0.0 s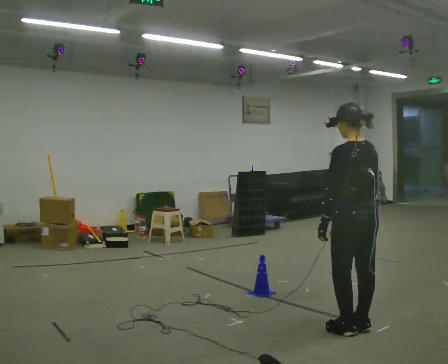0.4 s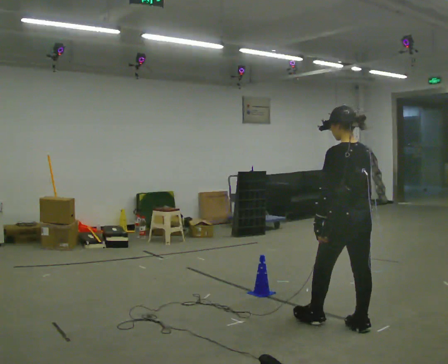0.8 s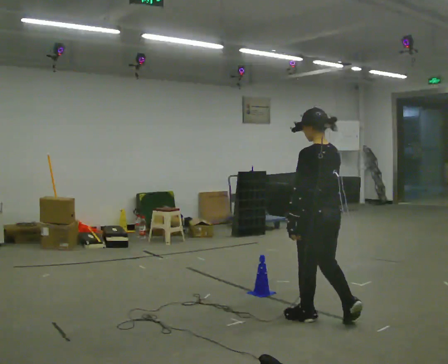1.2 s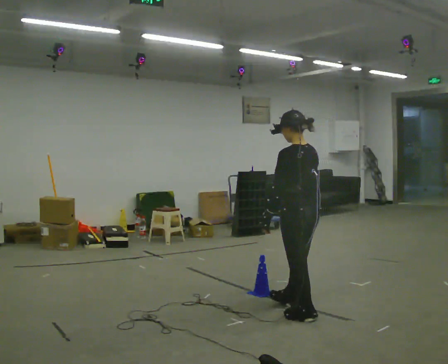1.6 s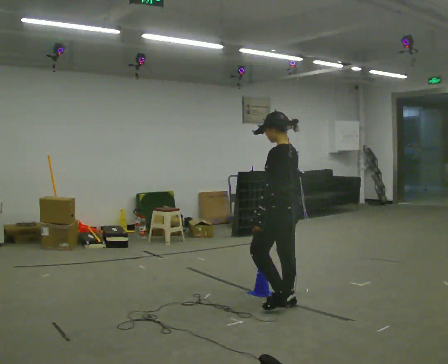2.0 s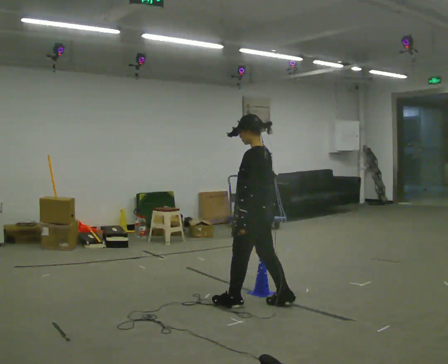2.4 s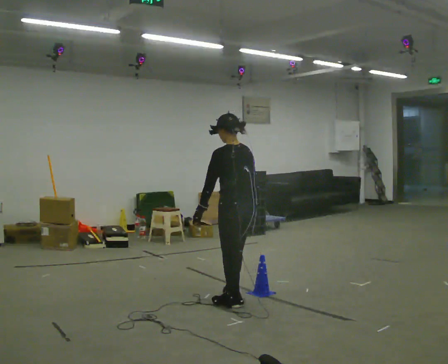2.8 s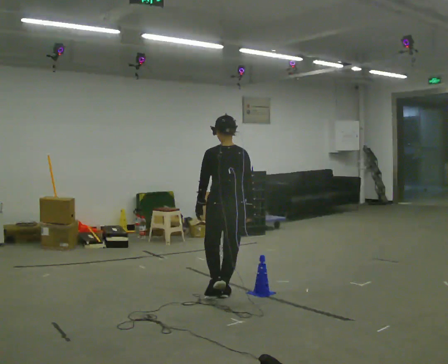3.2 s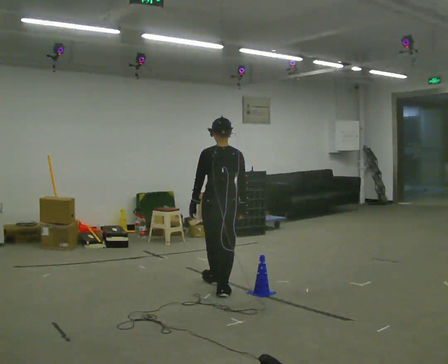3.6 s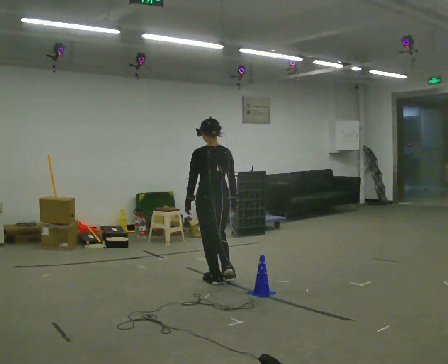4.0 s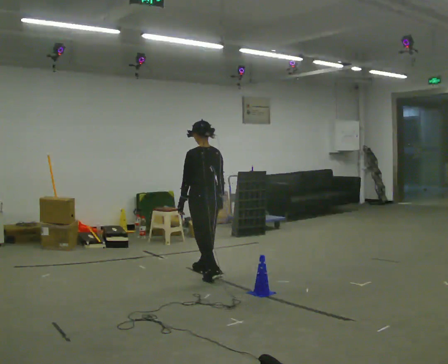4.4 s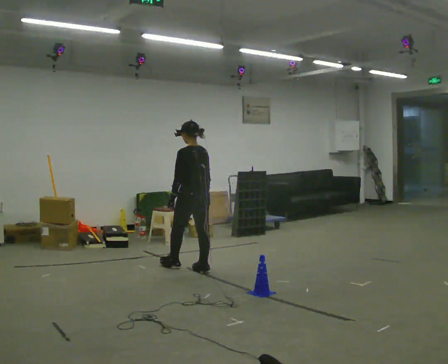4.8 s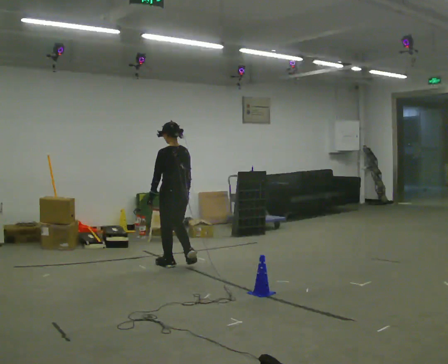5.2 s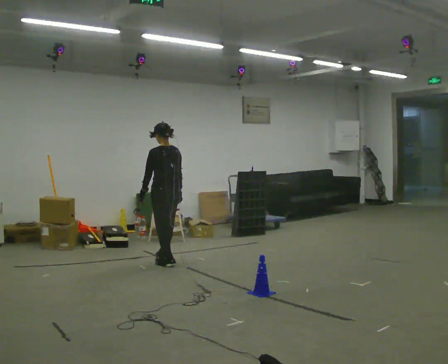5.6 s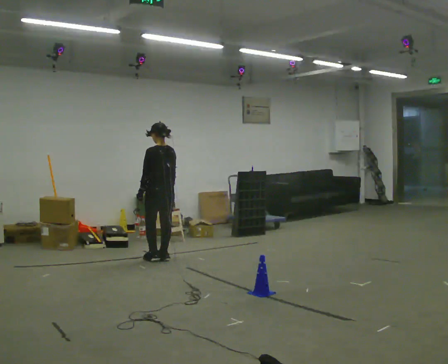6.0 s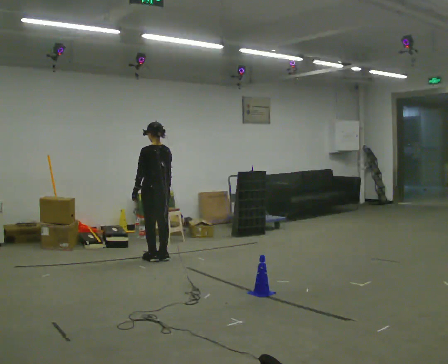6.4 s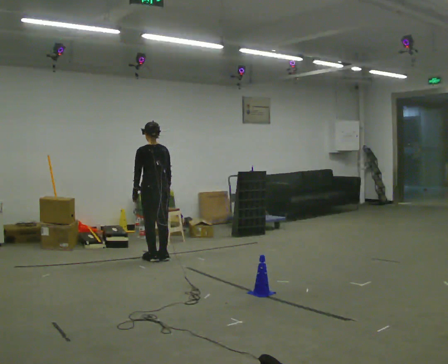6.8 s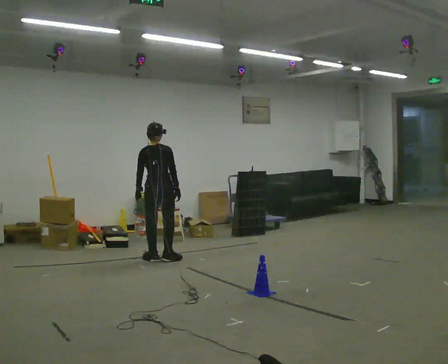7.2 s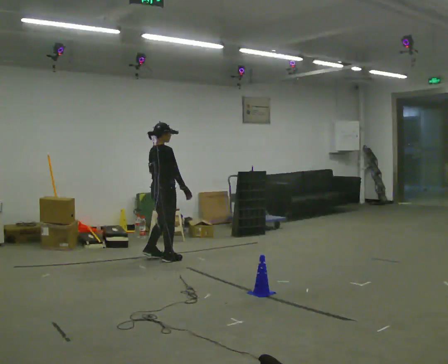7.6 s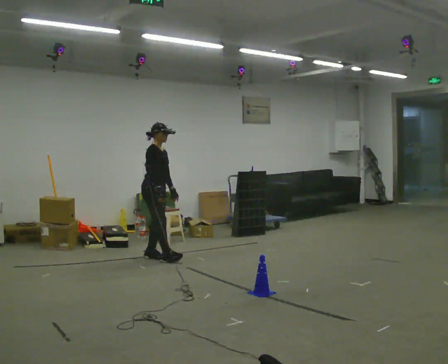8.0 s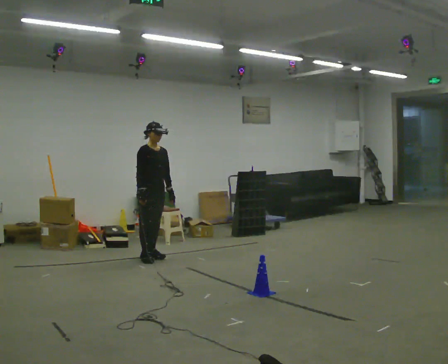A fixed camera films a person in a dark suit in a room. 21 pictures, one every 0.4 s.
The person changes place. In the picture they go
away from the camera.
0.0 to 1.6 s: The part of the body nearest the lens slides to the right as the person turns to their left by about 30 degrees. In the picture they go away from the camera and to the left, about 1 m in 2 steps, which for them is forward.
1.6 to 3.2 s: The person turns about 60 degrees to their right, clockwise seen from above, so the part of the body nearest the lens slides to the left. In the picture they go away from the camera and to the left, about 0.5 m in 3 steps.
3.2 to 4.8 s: Seen from above the body turns counterclockwise, about 30 degrees: to their left, with its near side sliding to the right. In the picture they go away from the camera and to the left, about 1 m in 2 steps, which for them is forward.
4.8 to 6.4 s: In the picture they go away from the camera and to the left, about 0.25 m in 2 steps, which for them is forward.
6.4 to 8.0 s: The person turns about 165 degrees to their right, clockwise seen from above, so the part of the body nearest the lens slides to the left.
The film runs forward here.
